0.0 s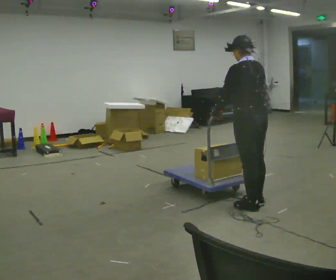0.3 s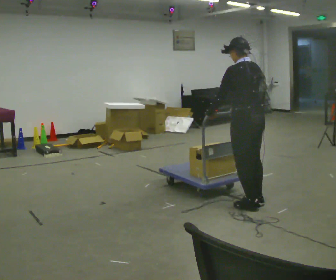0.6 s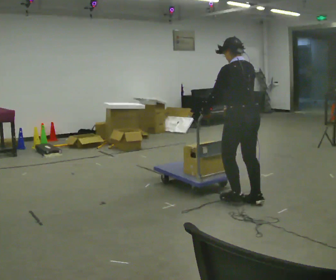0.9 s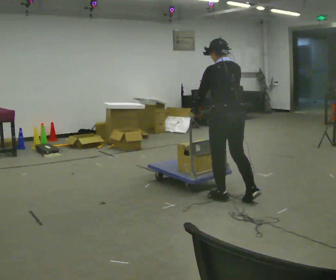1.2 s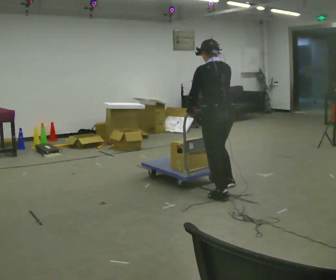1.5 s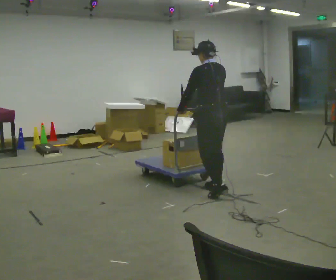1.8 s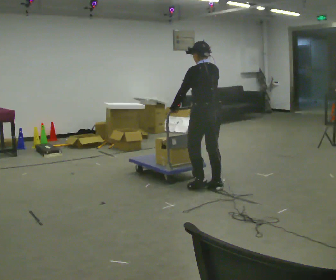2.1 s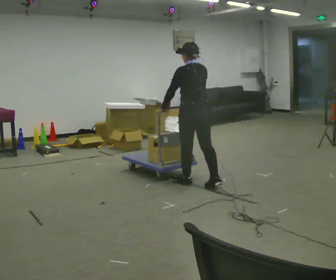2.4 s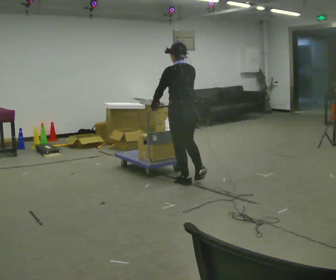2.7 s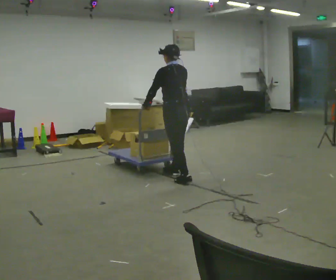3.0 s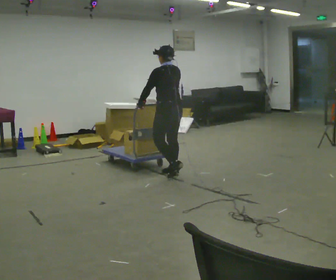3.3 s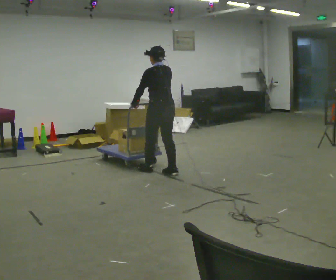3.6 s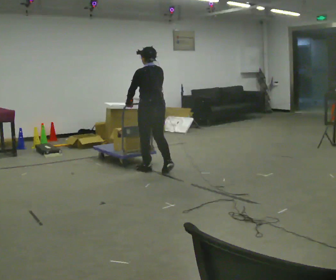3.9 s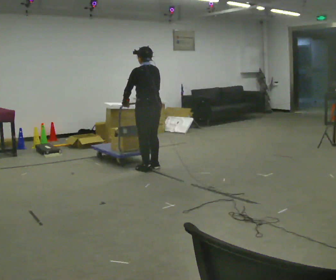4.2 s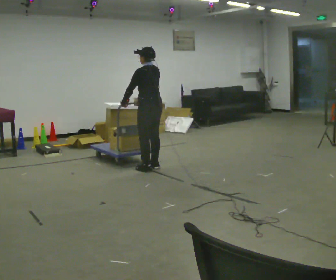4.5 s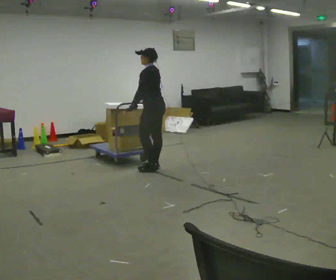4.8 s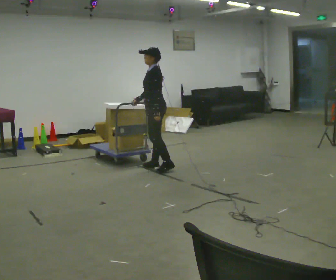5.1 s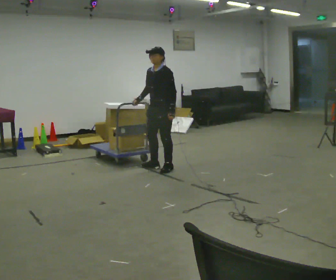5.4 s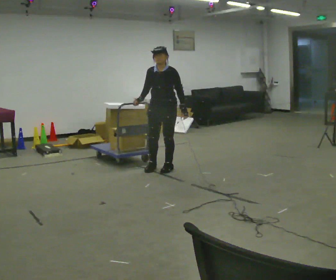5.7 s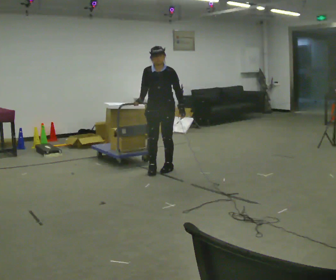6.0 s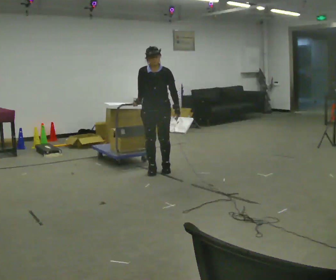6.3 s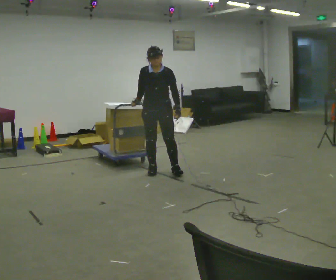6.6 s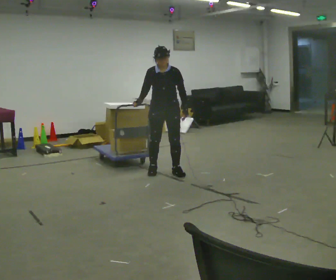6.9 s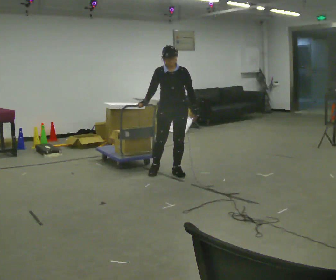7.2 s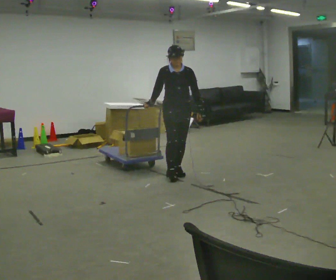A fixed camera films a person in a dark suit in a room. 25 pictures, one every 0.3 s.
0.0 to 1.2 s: In the picture they go away from the camera and to the left, about 0.5 m in 1 step, which for them is forward.
1.2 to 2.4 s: In the picture they go away from the camera and to the left, about 0.75 m in 2 steps, which for them is forward.
2.4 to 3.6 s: In the picture they go away from the camera and to the left, about 0.5 m in 2 steps, which for them is forward.
3.6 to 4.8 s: The part of the body nearest the lens slides to the right as the person turns to their left by about 60 degrees. In the picture they go away from the camera, about 0.25 m in 1 step. In the picture their left hand goes to the right, the arm swinging counterclockwise.
4.8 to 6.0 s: Seen from above the body turns counterclockwise, about 75 degrees: to their left, with its near side sliding to the right. In the picture they go toward the camera, about 0.25 m in 1 step.
6.0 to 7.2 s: In the picture they go to the right and toward the camera, about 0.25 m in 1 step, which for them is to their left and forward.
The film runs forward here.
